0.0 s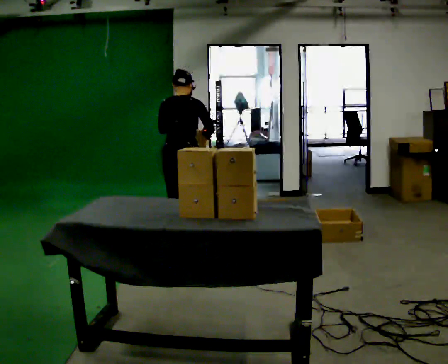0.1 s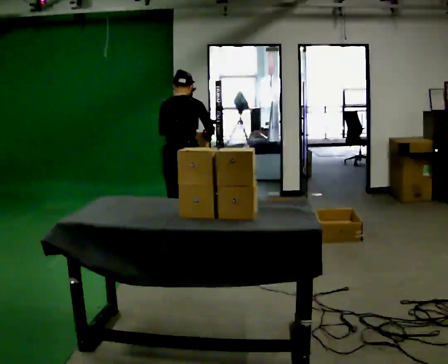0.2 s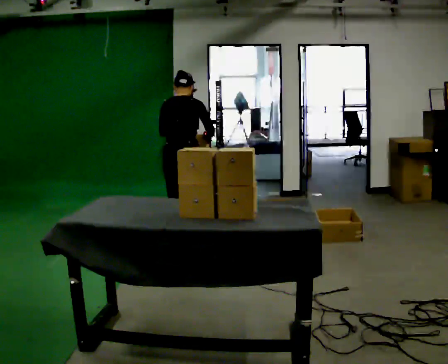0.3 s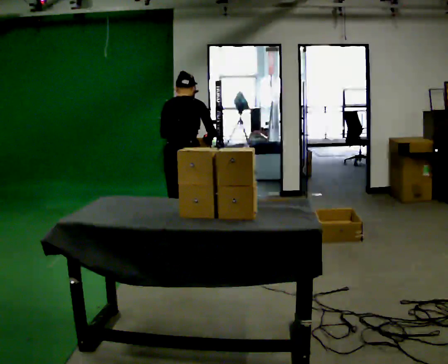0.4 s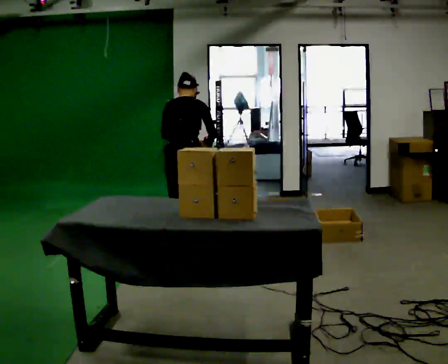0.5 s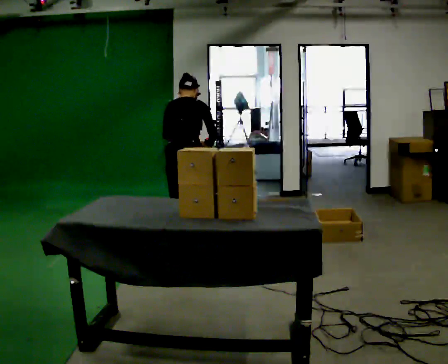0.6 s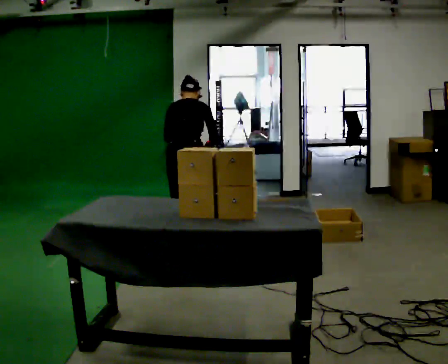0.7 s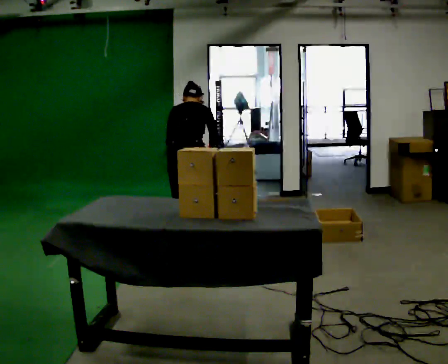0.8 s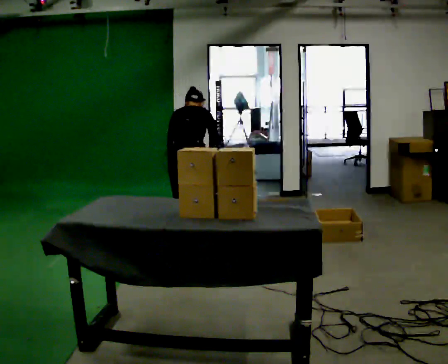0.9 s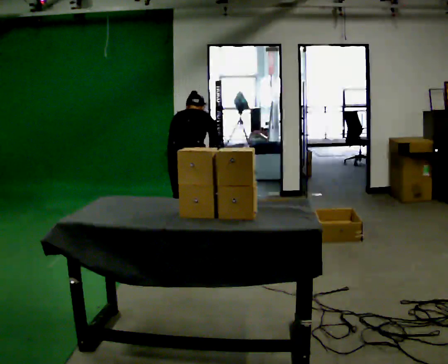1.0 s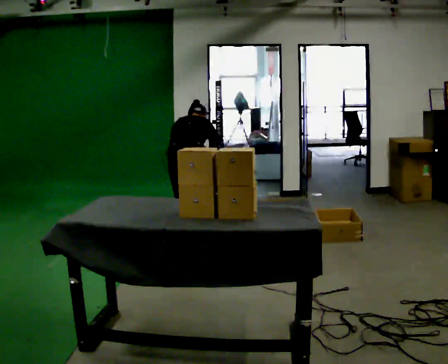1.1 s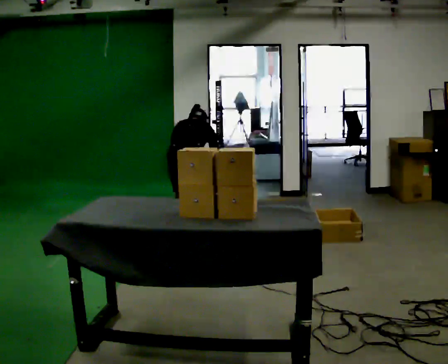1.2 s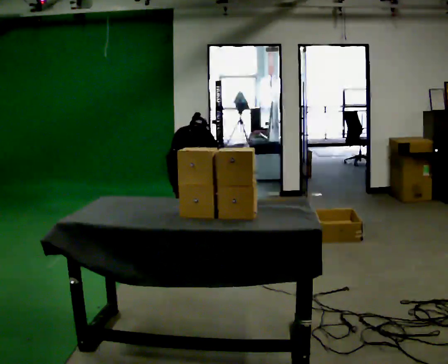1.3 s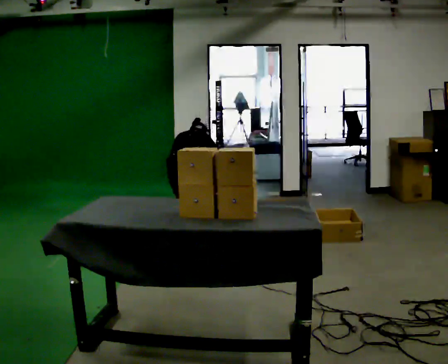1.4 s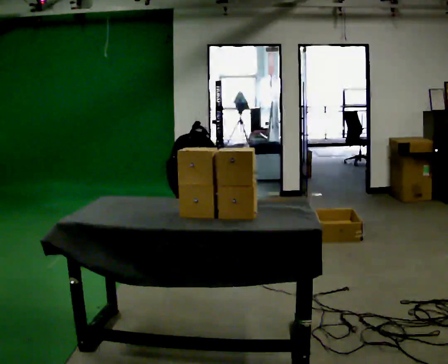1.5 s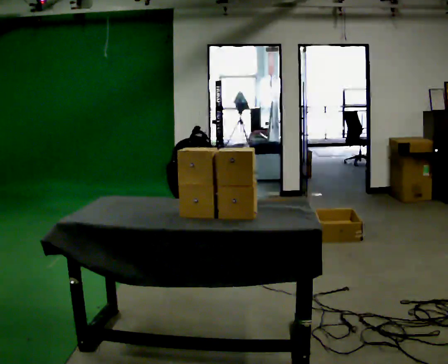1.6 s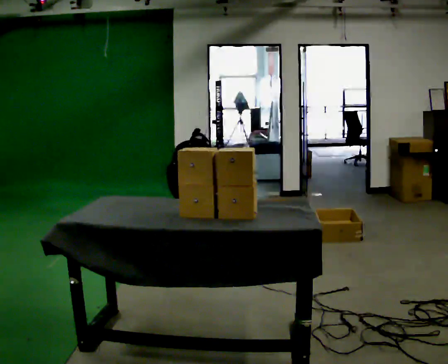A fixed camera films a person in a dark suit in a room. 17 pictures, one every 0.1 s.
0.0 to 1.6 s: The upper body goes downward. The upper body tips away from the camera, its near side rolling upward, as they bend forward. In the picture their left hand goes downward.
The film runs forward here.
